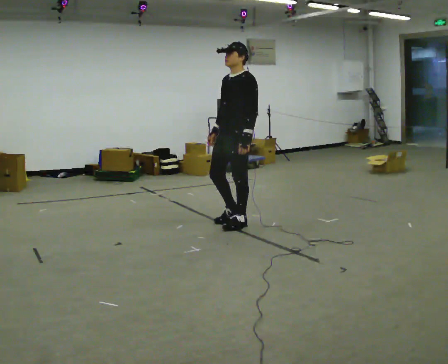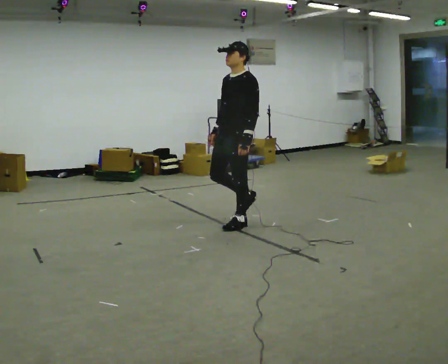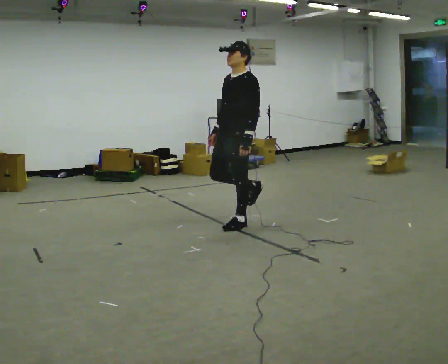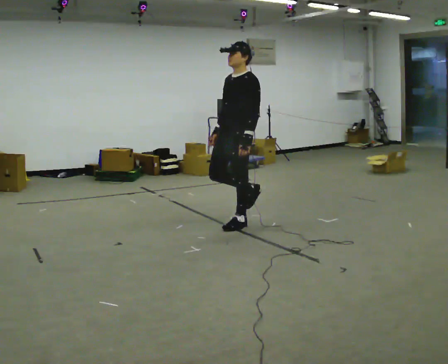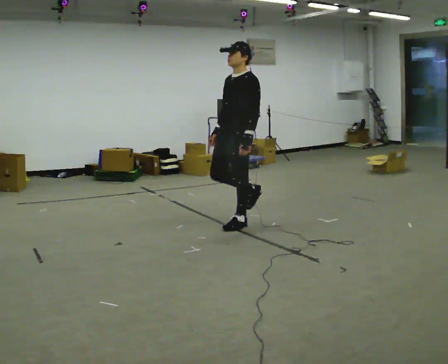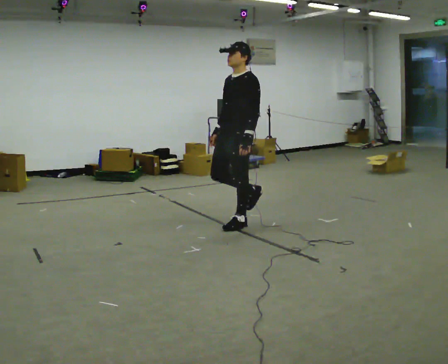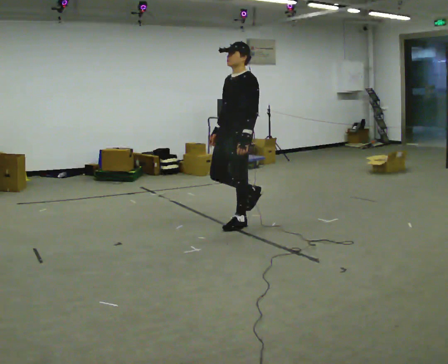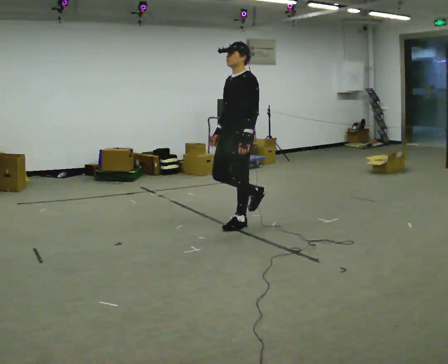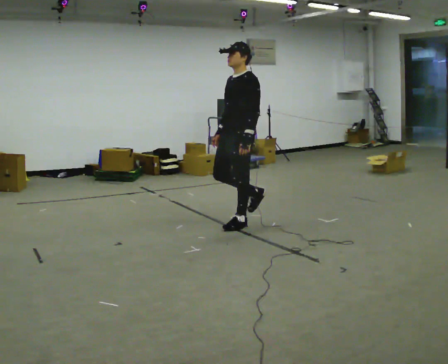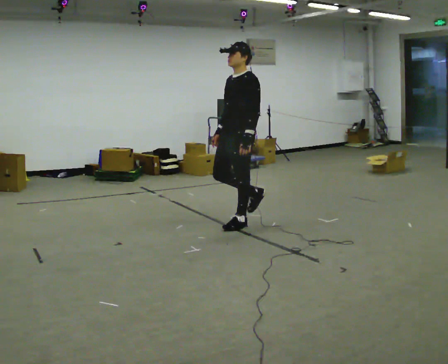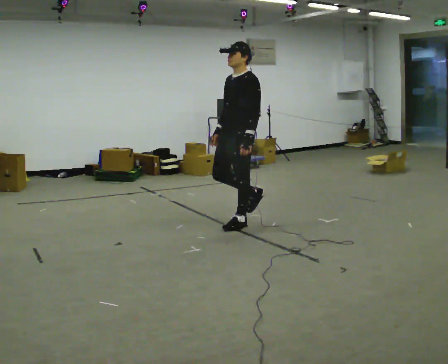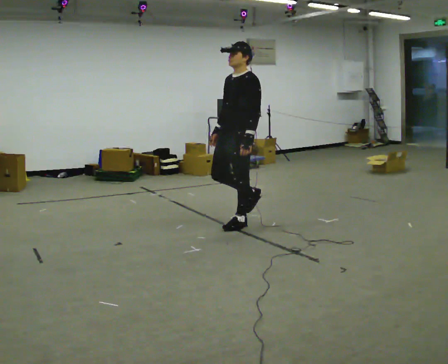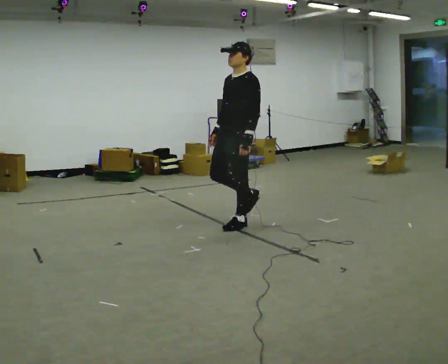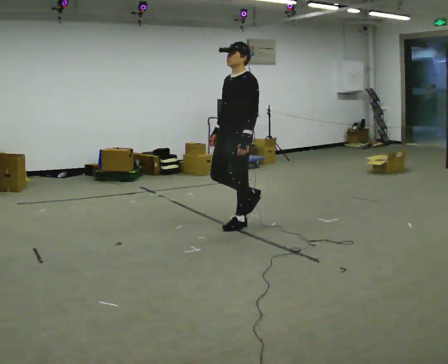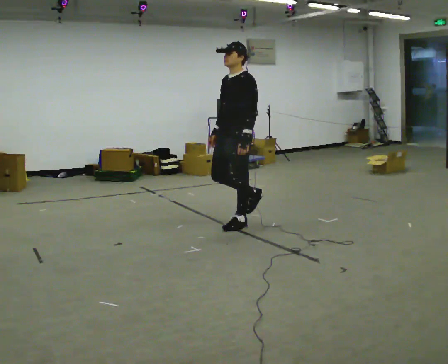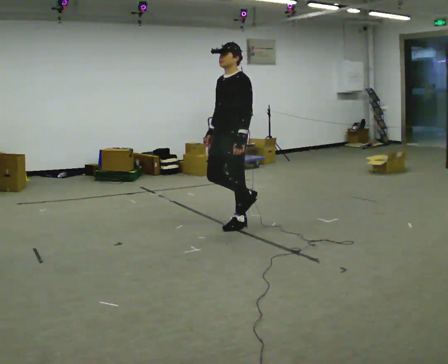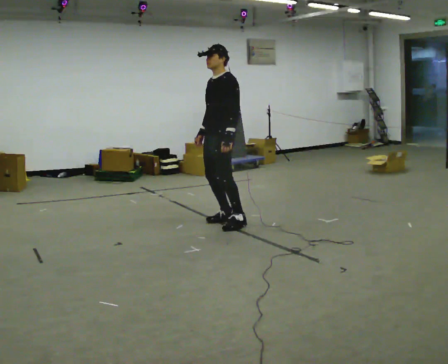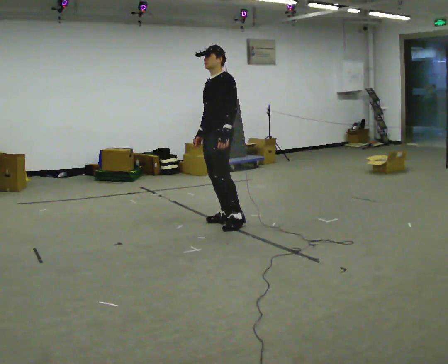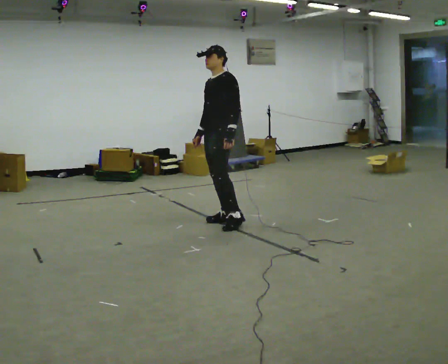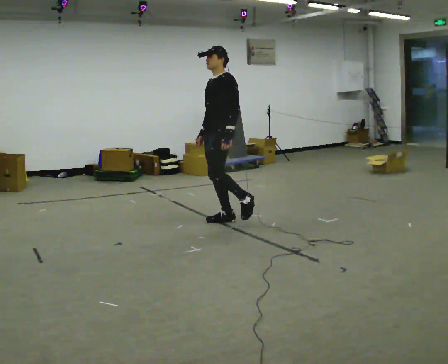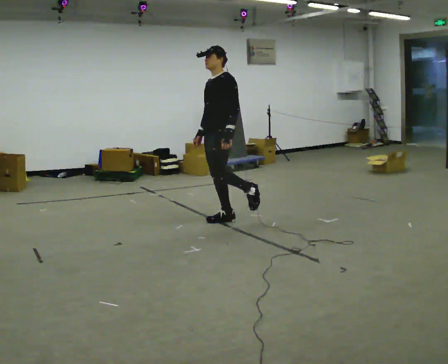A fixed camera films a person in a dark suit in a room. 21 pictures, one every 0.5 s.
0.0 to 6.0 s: The person moves a little, or ends about where they began.
6.0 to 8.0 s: In the picture they go to the left, about 0.25 m in 1 step, which for them is to their right.
8.0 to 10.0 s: The person moves a little, or ends about where they began.
The film runs forward here.
